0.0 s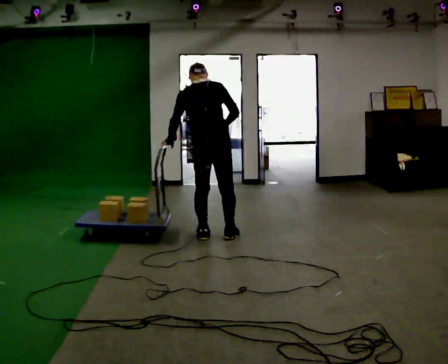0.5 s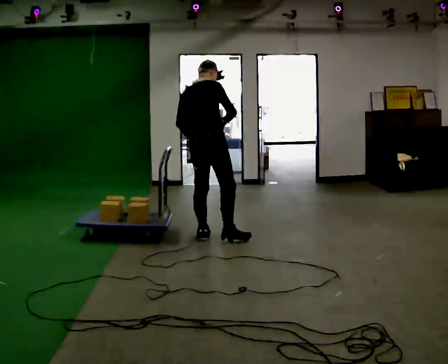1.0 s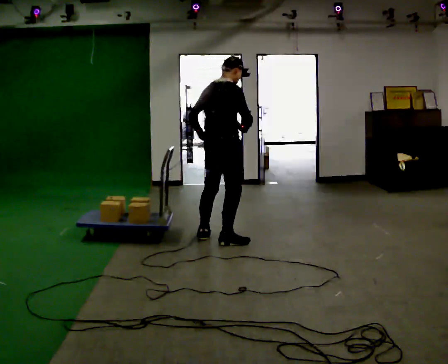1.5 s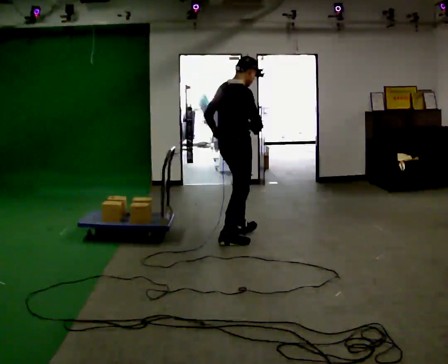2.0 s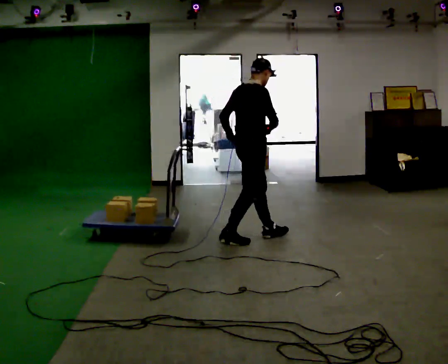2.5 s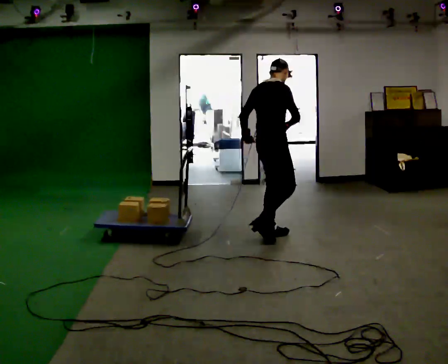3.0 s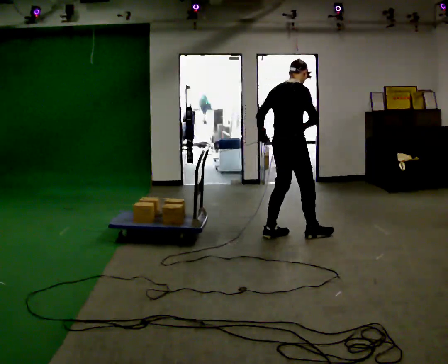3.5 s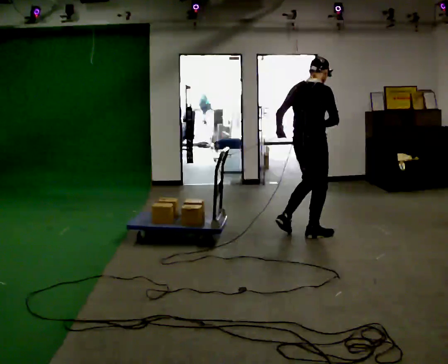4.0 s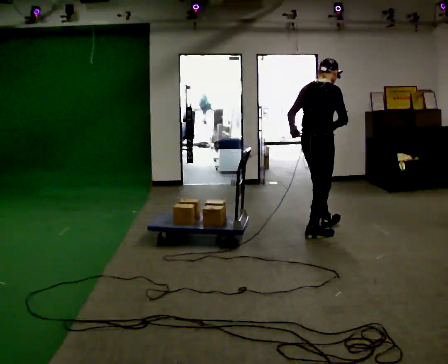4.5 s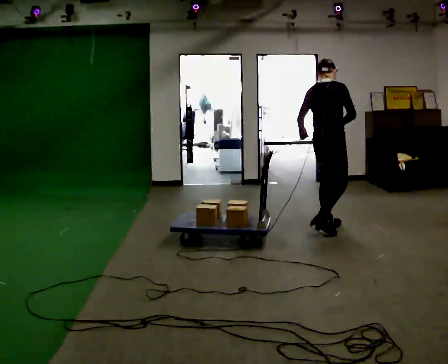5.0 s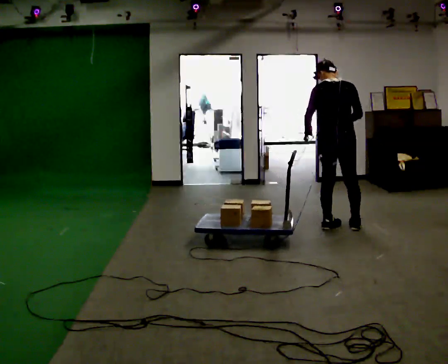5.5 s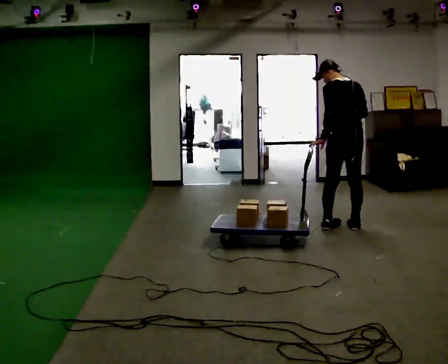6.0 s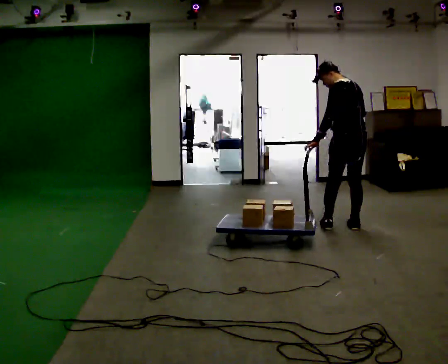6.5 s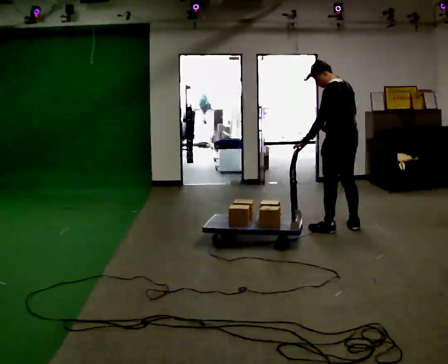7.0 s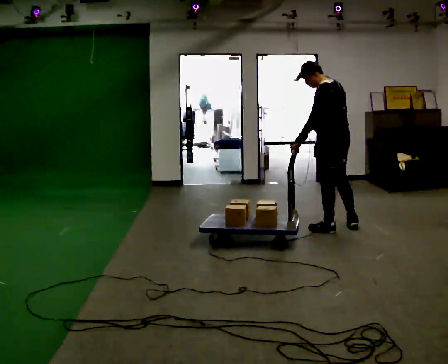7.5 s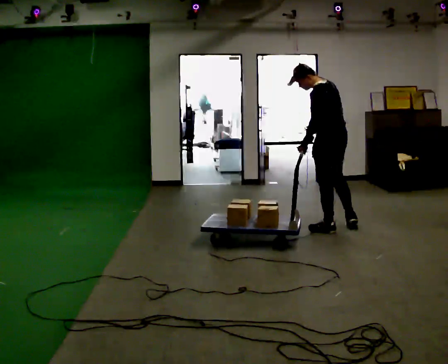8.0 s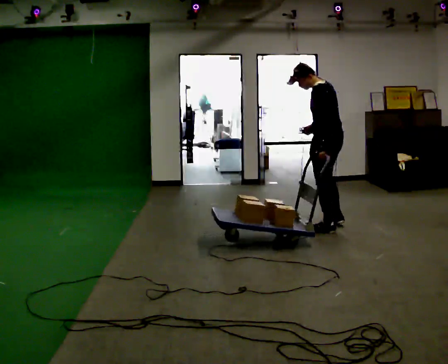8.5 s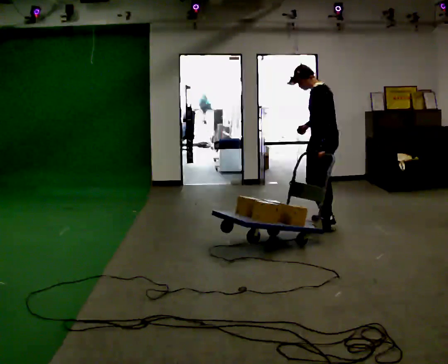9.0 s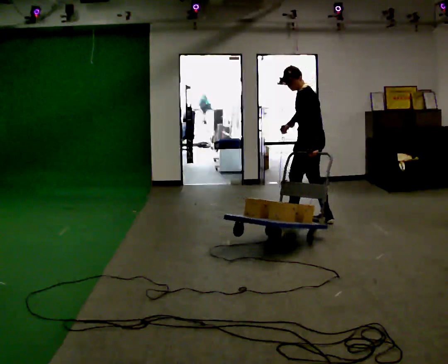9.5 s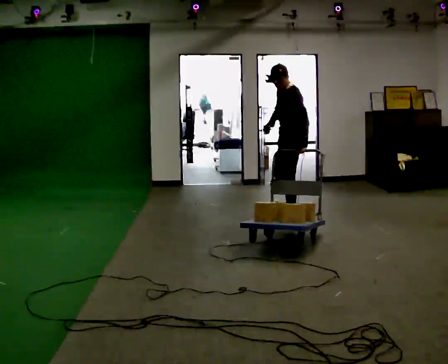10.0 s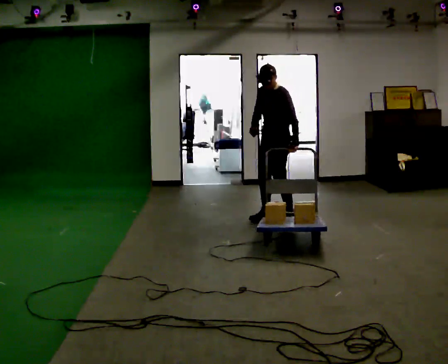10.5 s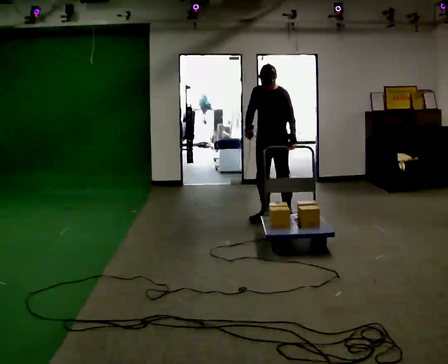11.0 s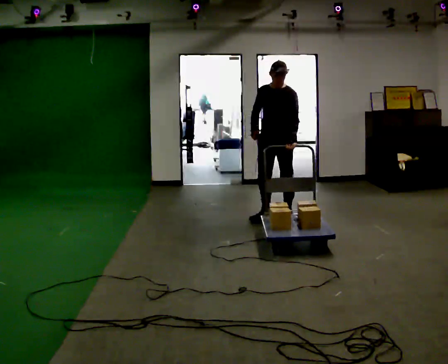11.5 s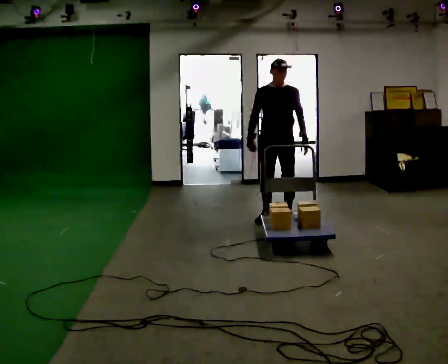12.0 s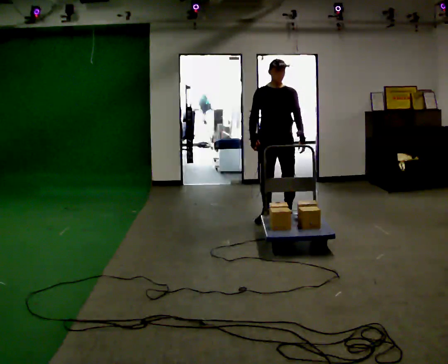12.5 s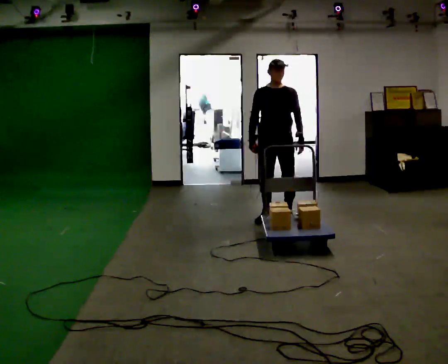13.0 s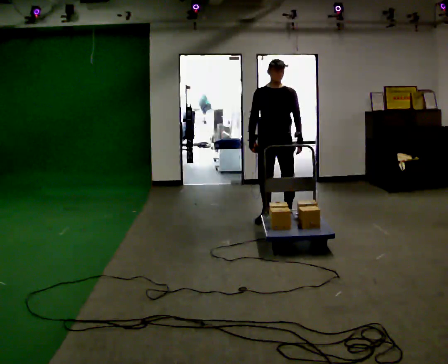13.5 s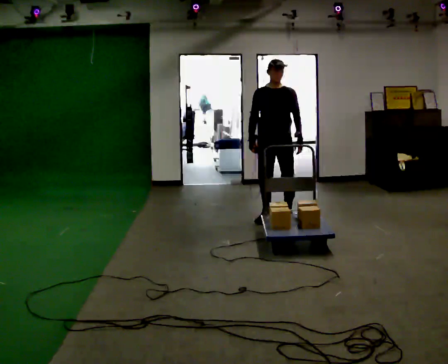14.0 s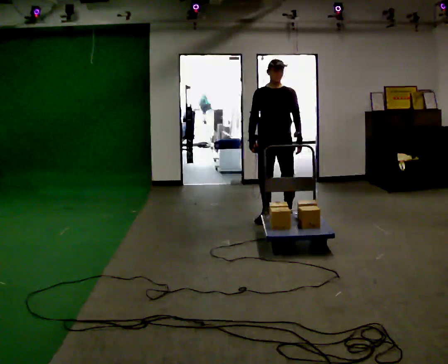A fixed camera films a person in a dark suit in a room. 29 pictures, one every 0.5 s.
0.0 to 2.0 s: The part of the body nearest the lens slides to the left as the person turns to their right by about 60 degrees. In the picture they go to the right, about 0.25 m in 1 step, which for them is to their right and forward. In the picture the upper body tilts clockwise, shoulders to the right.
2.0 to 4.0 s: In the picture they go to the right, about 0.75 m in 2 steps, which for them is forward.
4.0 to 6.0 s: The person turns about 90 degrees to their left, counterclockwise seen from above, so the part of the body nearest the lens slides to the right. In the picture they go to the right and away from the camera, about 0.5 m in 1 step.
6.0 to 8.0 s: The part of the body nearest the lens slides to the right as the person turns to their left by about 30 degrees. In the picture they go to the left, about 0.25 m in 1 step, which for them is forward and to their left.
8.0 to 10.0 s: The person turns about 75 degrees to their left, counterclockwise seen from above, so the part of the body nearest the lens slides to the right. In the picture they go to the left and away from the camera, about 0.75 m in 3 steps.
10.0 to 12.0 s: Seen from above the body turns counterclockwise, about 45 degrees: to their left, with its near side sliding to the right.
12.0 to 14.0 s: The person moves a little, or ends about where they began.
The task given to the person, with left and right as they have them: Hold the rope in both hands and drag the sled towards you as you walk backward. The operator will confirm the space behind you is clear.
The film runs forward here.
